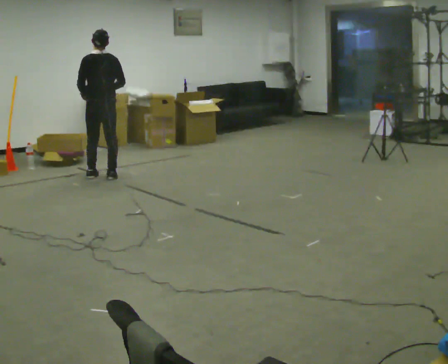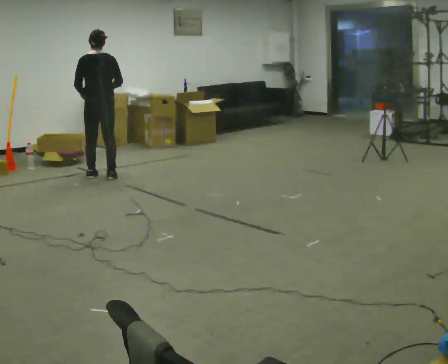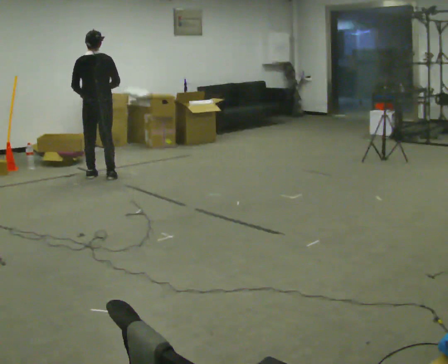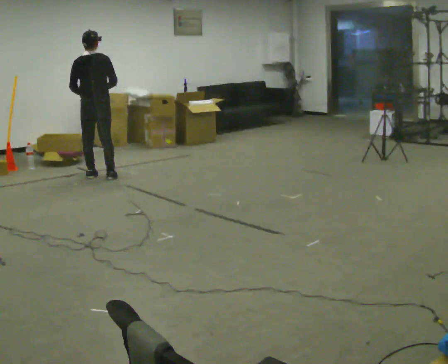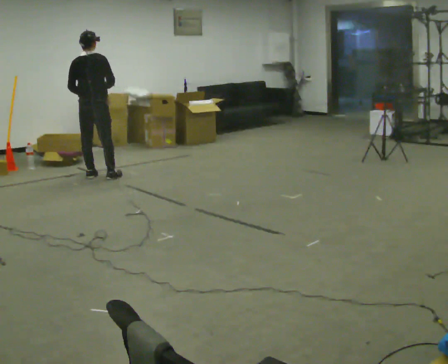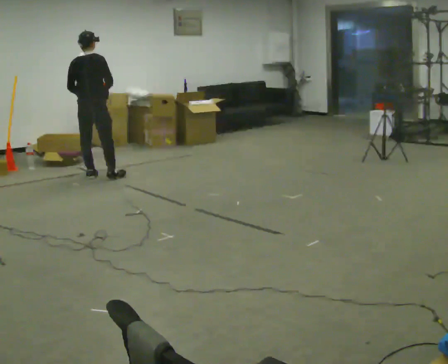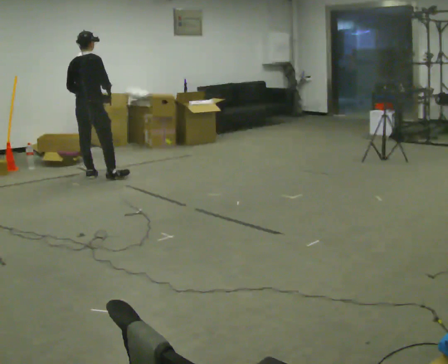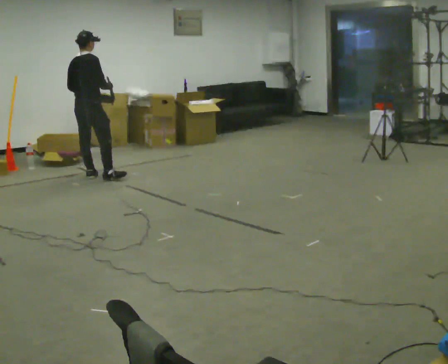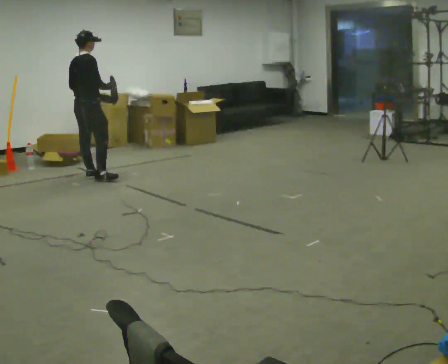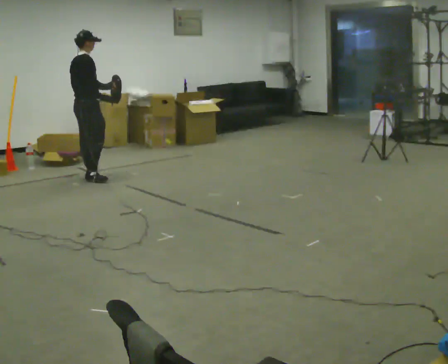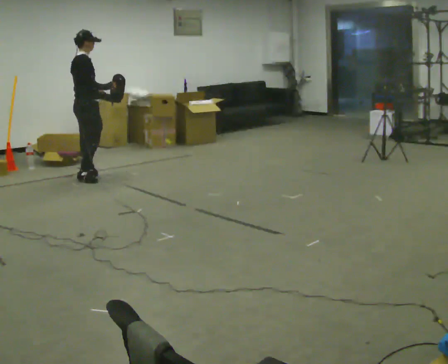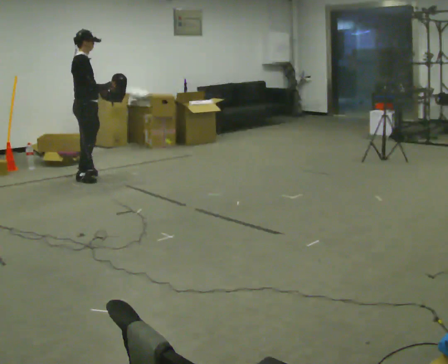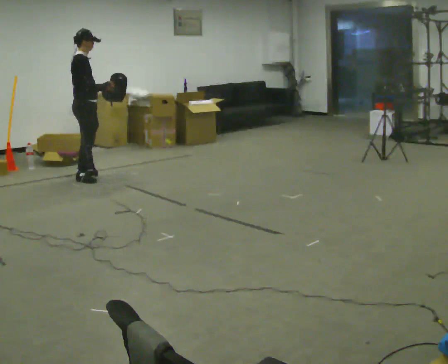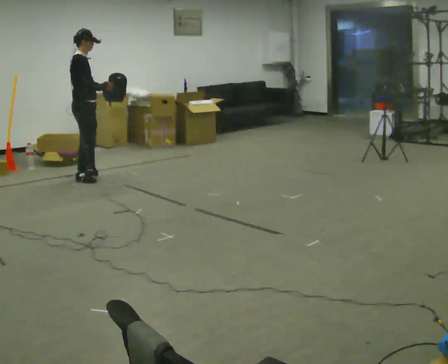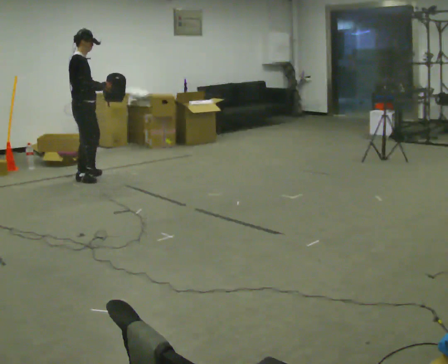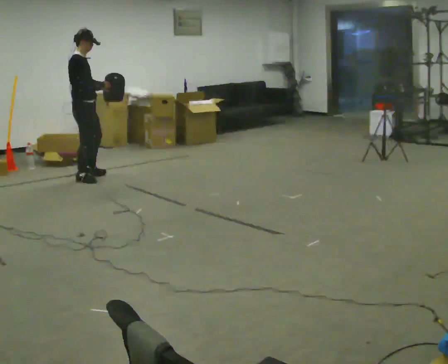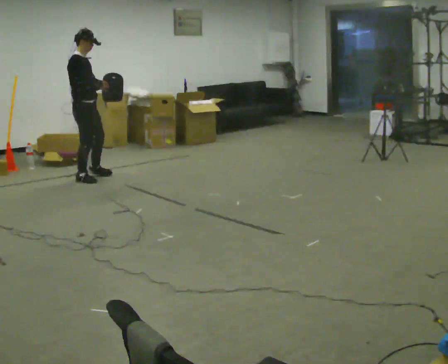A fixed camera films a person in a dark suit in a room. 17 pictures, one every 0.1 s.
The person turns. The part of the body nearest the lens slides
to the left.
The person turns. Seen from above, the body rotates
clockwise.
0.0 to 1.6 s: The person turns about 120 degrees to their right, clockwise seen from above, so the part of the body nearest the lens slides to the left. In the picture they go to the left, about 0.25 m in 1 step.
The film runs forward here.
